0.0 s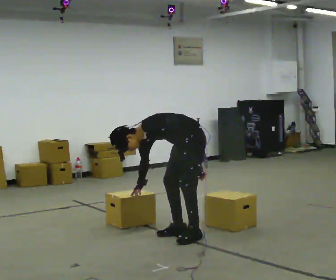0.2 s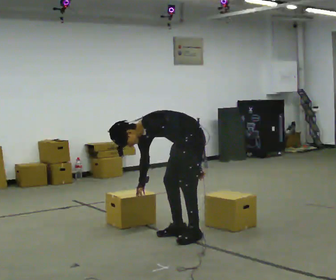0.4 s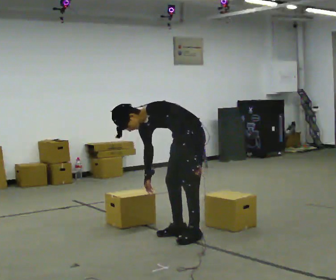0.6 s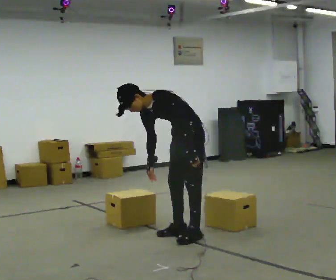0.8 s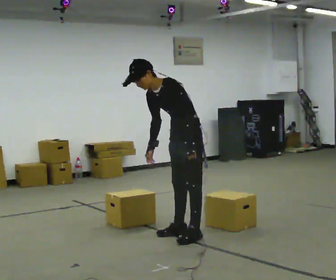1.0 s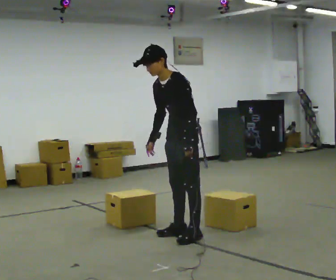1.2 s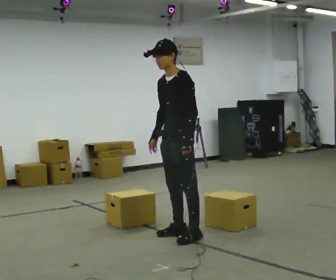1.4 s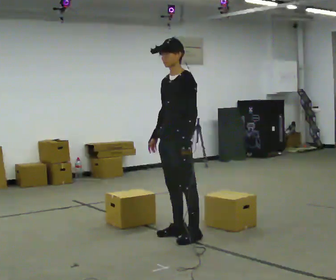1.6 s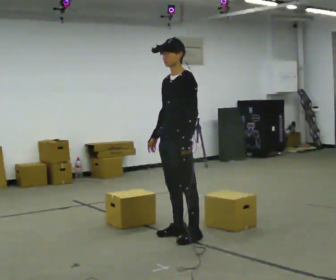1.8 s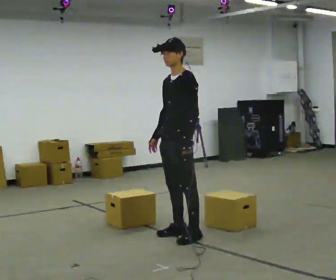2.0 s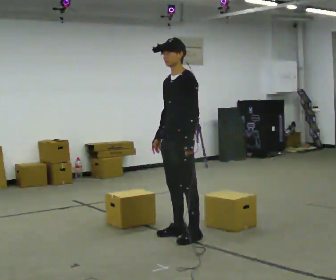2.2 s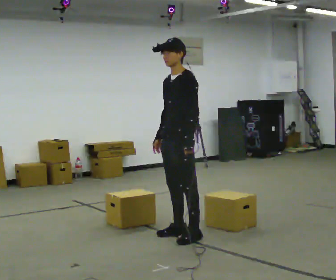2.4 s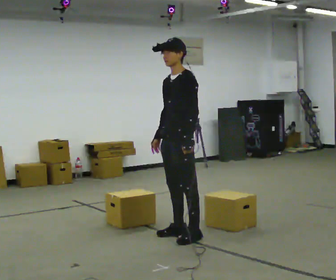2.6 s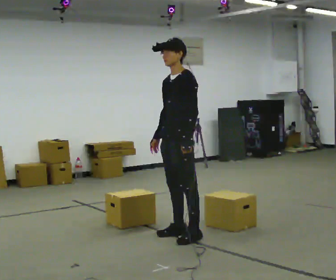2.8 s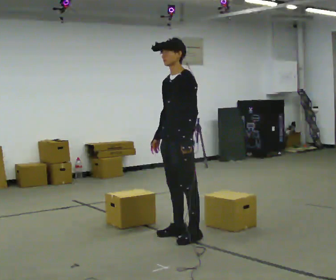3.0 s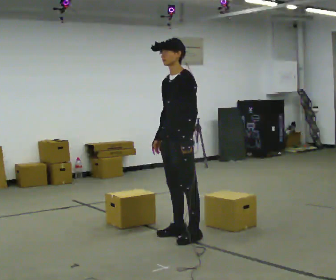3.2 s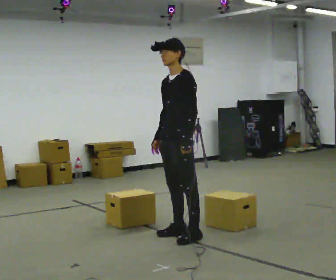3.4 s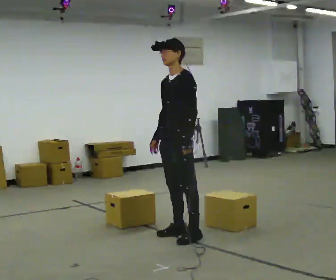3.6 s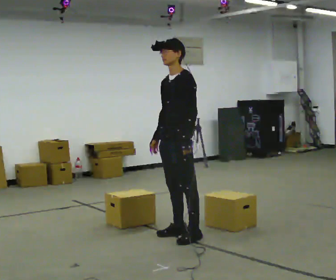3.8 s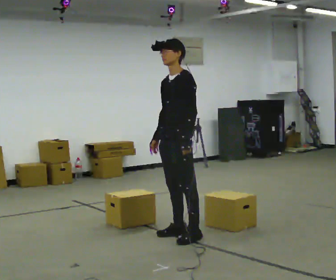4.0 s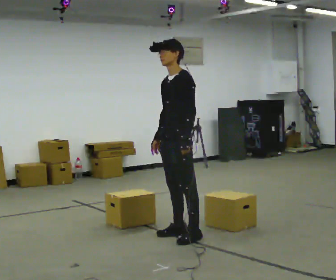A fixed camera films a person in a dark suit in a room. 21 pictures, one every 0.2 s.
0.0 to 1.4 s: In the picture they go toward the camera, about 0.25 m, which for them is forward. The shoulders move upward. In the picture the upper body tilts clockwise, shoulders to the right, as they lean back or straighten.
1.4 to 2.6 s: The person moves a little, or ends about where they began.
2.6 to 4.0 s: The person keeps their place and pose.
The film runs forward here.
